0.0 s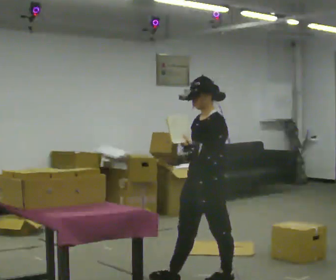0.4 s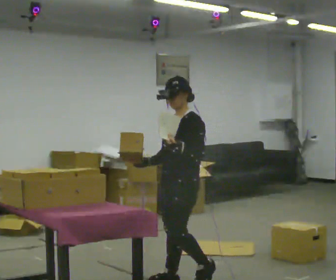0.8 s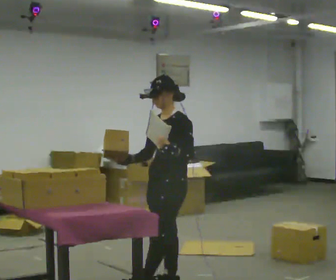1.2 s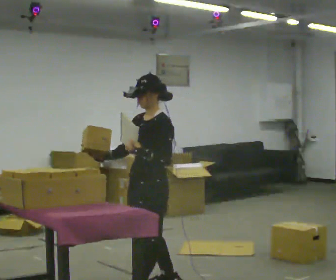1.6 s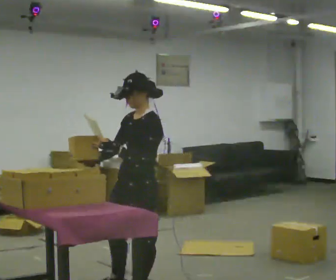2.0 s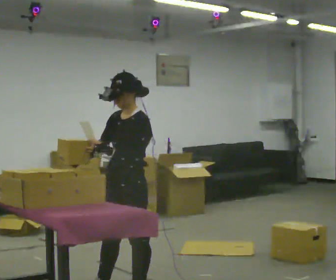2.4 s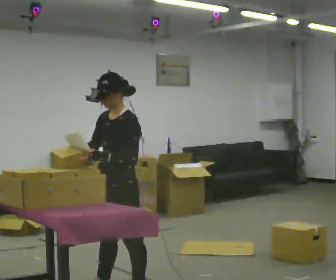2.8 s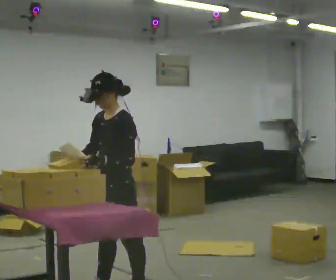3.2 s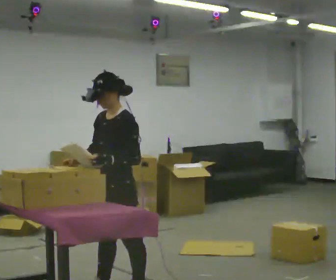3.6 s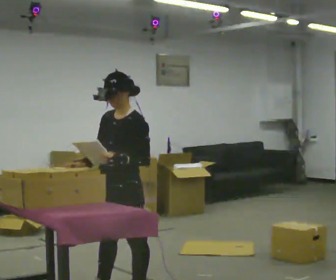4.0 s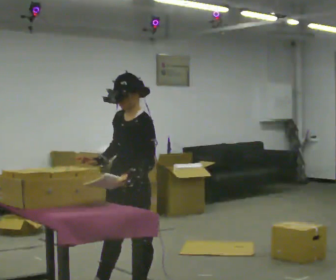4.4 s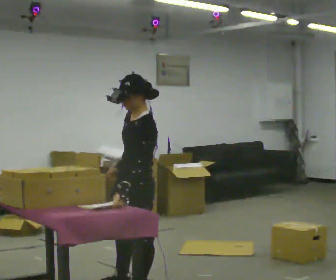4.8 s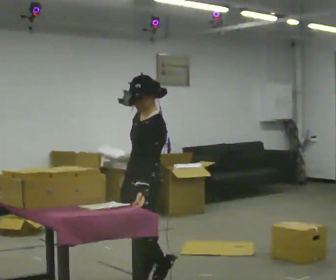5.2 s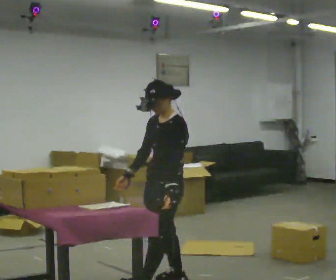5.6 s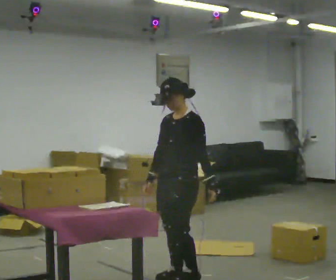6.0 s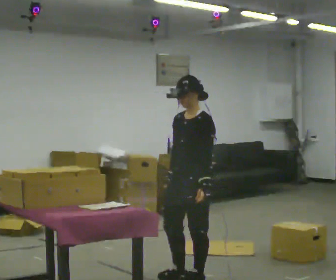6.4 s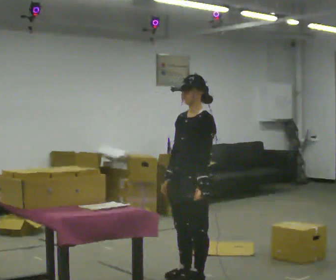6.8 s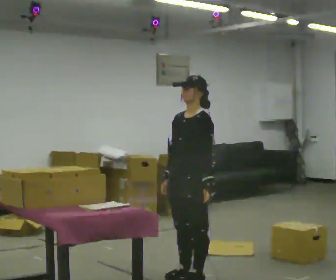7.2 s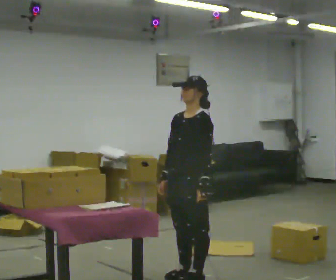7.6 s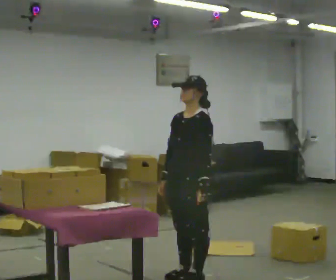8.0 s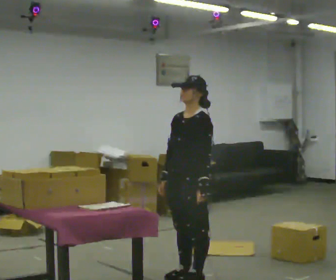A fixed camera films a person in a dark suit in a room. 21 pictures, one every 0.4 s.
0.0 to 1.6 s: In the picture they go to the left and toward the camera, about 0.5 m in 1 step, which for them is forward.
1.6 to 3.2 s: In the picture they go to the left, about 0.25 m in 1 step, which for them is forward.
3.2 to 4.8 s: In the picture they go to the right, about 0.25 m, which for them is backward. In the picture their right hand goes to the right.
4.8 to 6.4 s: In the picture they go to the right and away from the camera, about 0.5 m in 2 steps, which for them is backward.
6.4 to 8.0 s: The person moves a little, or ends about where they began.
The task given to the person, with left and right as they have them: 1. Read the list the operator gives you. 2. Collect the six items on the list from the shelves. 3. Put them all in the bin on the table. 4. Tell the operator when you are finished.
The film runs forward here.
